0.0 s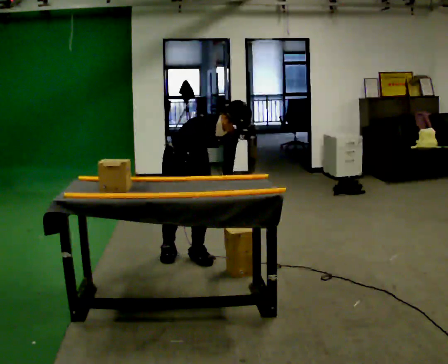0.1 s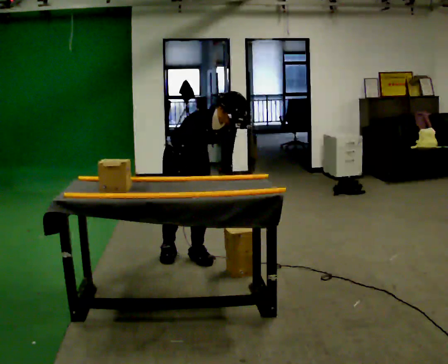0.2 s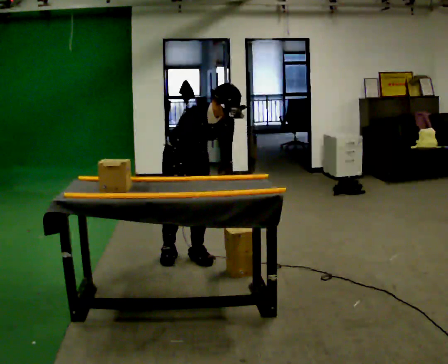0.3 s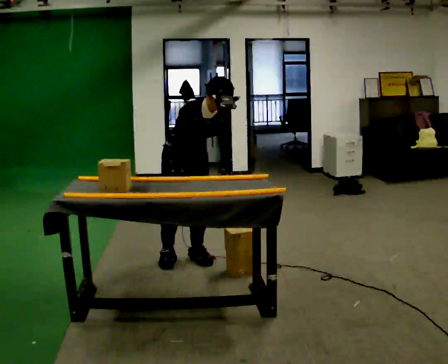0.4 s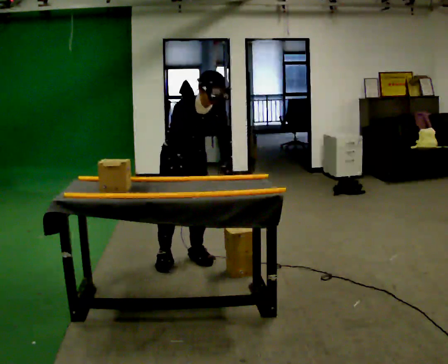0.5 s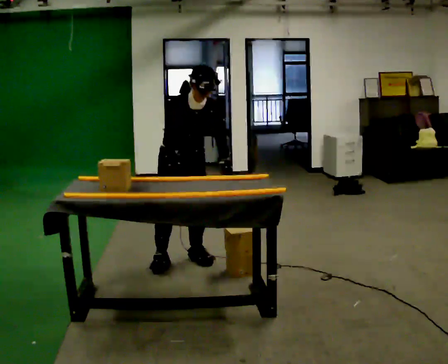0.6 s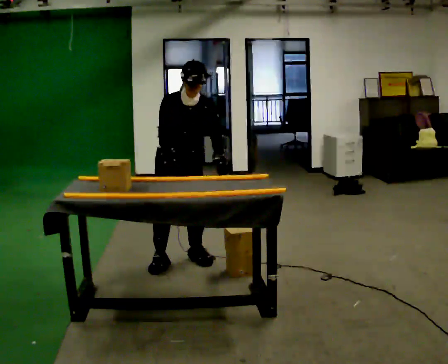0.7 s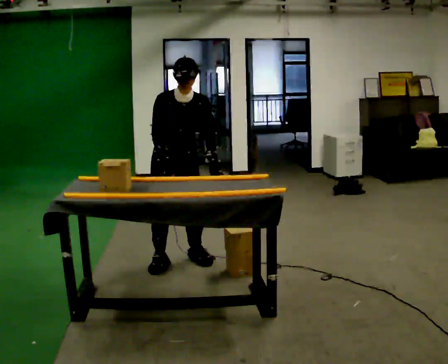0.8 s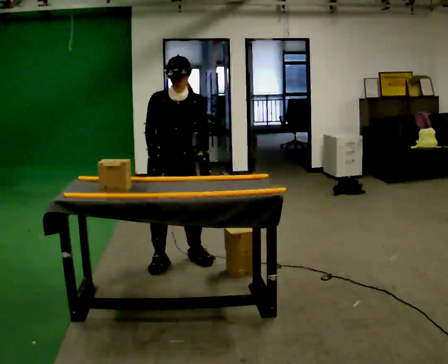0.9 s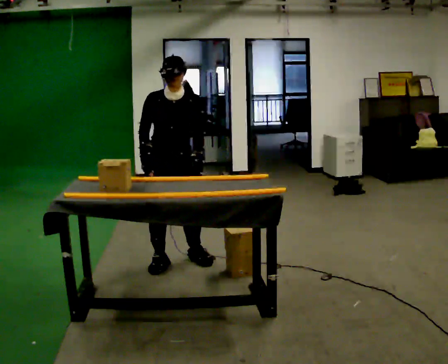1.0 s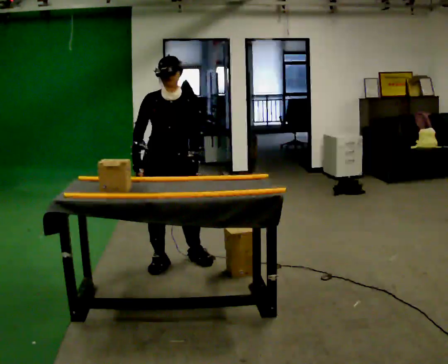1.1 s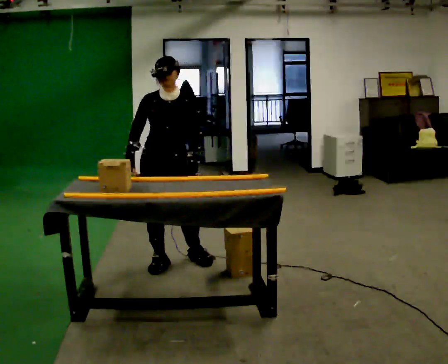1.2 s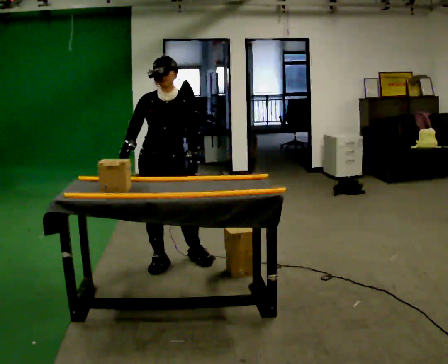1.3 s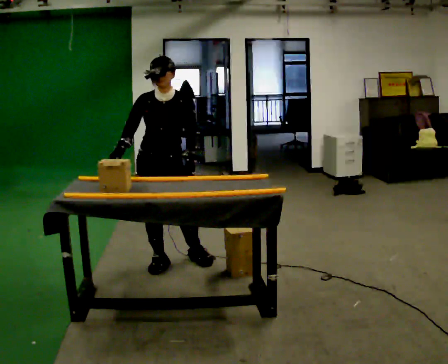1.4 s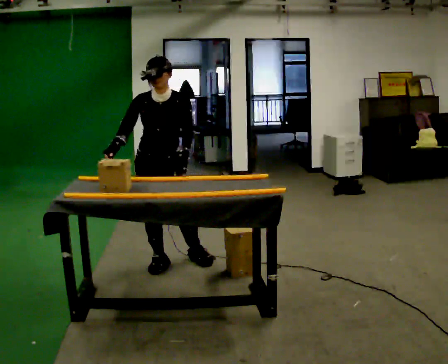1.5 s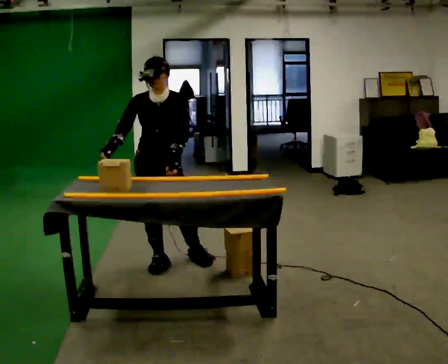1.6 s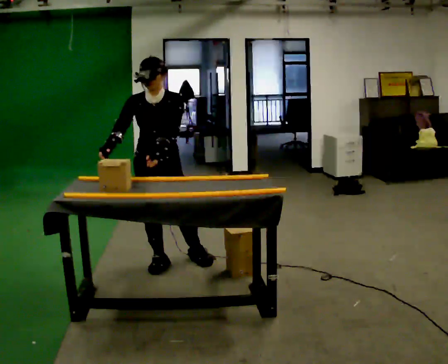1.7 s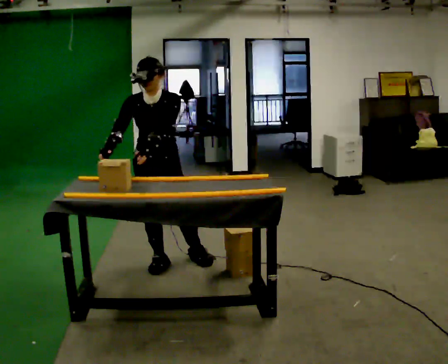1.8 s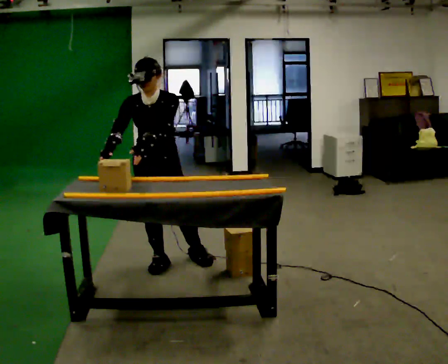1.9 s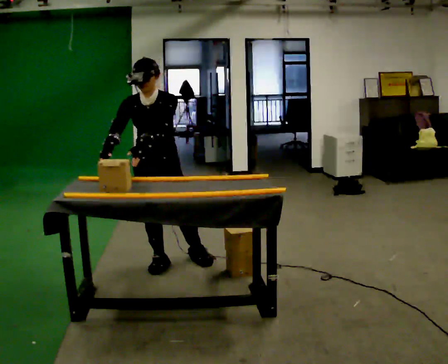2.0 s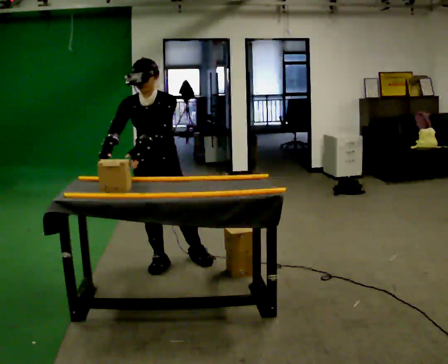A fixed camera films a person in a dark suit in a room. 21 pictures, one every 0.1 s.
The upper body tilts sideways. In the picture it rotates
counterclockwise.
0.0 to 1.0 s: The part of the body nearest the lens slides to the left as the person turns to their right by about 30 degrees. In the picture they go to the left, about 0.25 m in 1 step, which for them is to their right. The shoulders move upward. The upper body tips away from the camera, its near side rolling upward, as they lean back or straighten.
1.0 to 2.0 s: The upper body tips toward the camera, its near side rolling downward, as they bend forward. In the picture their left hand goes to the left.
The film runs forward here.
